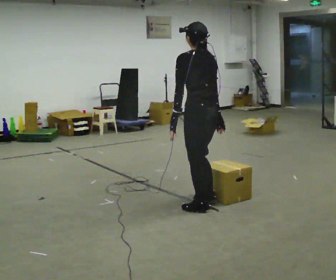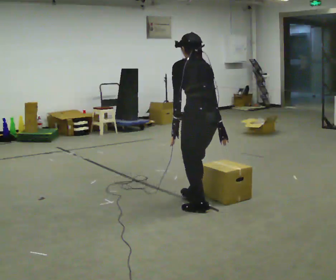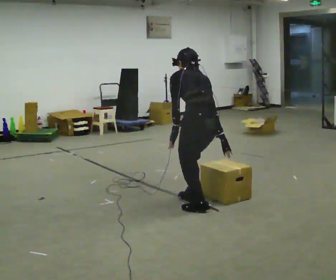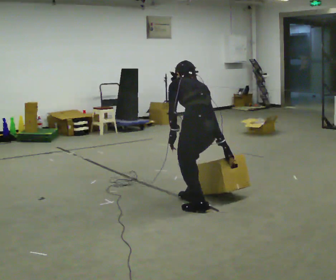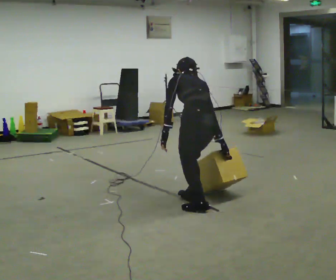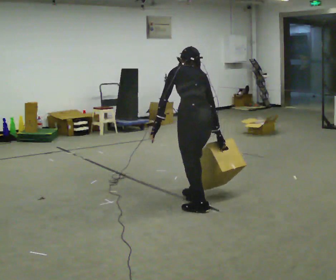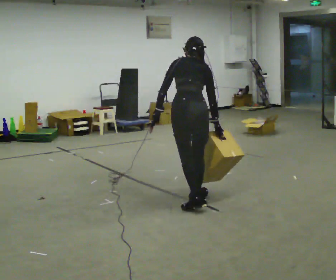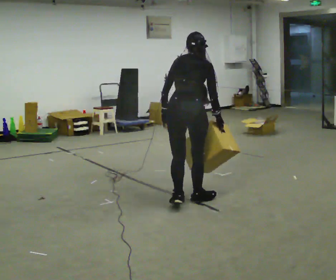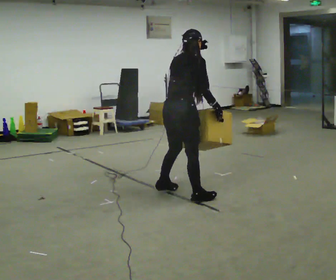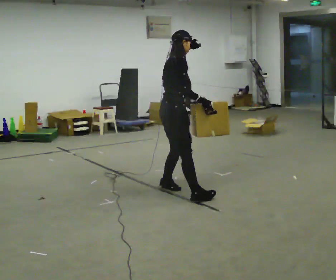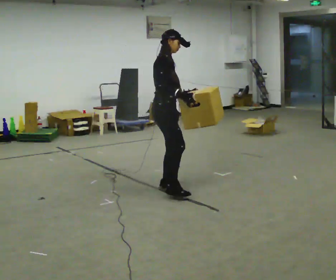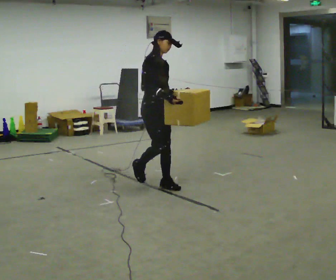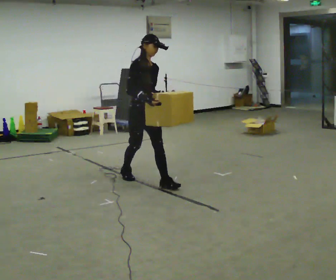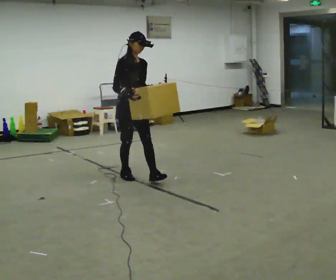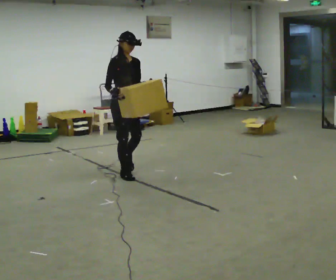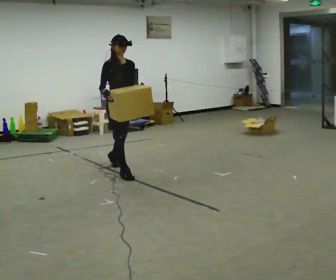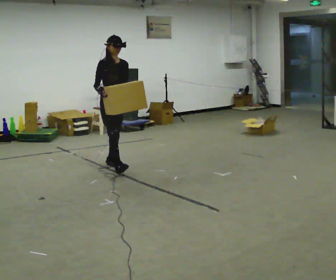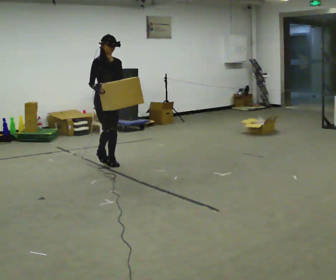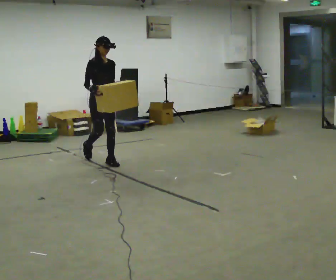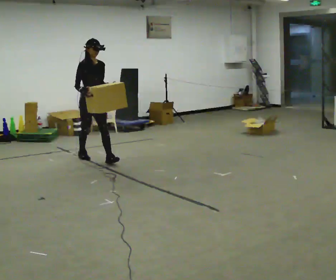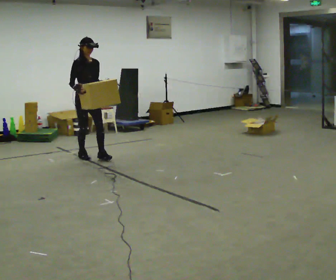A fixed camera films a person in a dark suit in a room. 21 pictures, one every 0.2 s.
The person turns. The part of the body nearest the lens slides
to the left.
The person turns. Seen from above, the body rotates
clockwise.
0.0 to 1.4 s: Seen from above the body turns clockwise, about 45 degrees: to their right, with its near side sliding to the left.
1.4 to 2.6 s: The person turns about 135 degrees to their right, clockwise seen from above, so the part of the body nearest the lens slides to the left. In the picture they go away from the camera and to the left, about 1 m in 2 steps. The upper body tips toward the camera, its near side rolling downward, as they lean back or straighten.
2.6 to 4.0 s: In the picture they go away from the camera and to the left, about 1 m in 2 steps, which for them is backward.
The film runs backward here.
